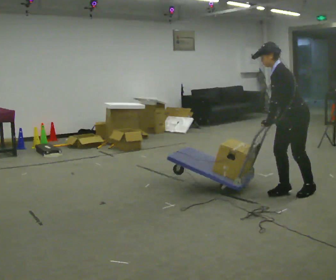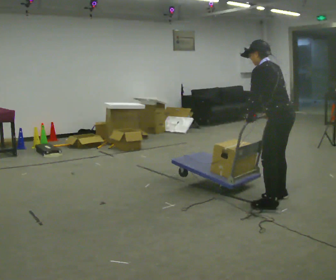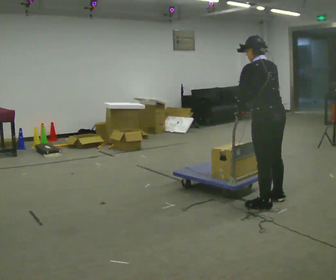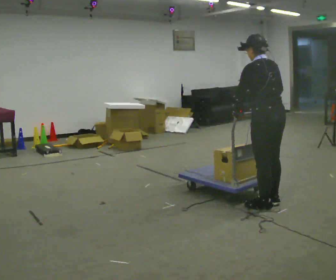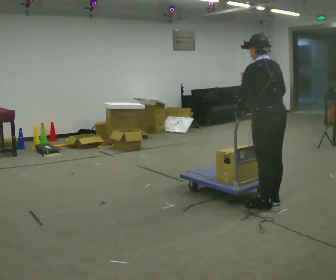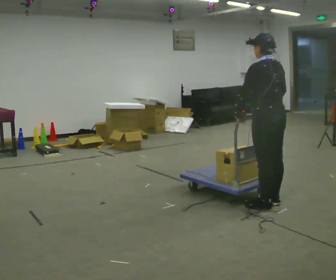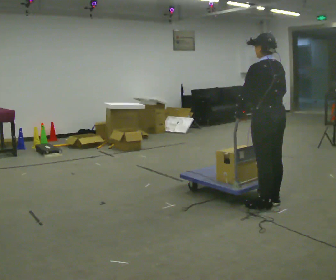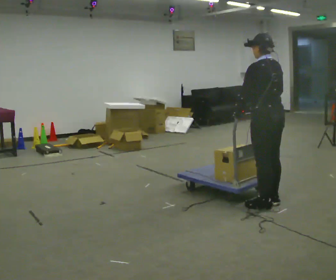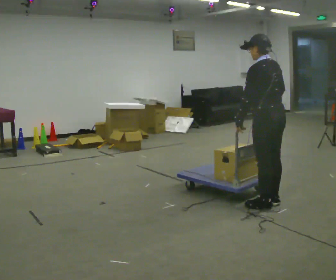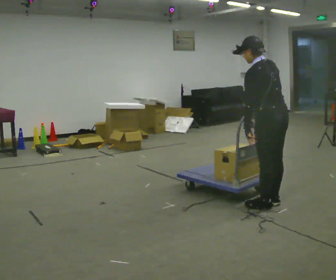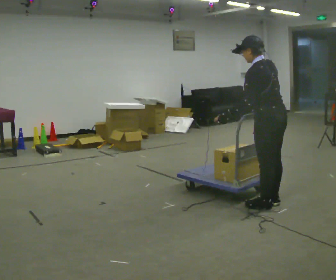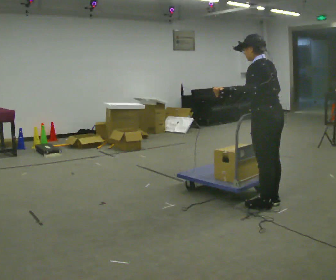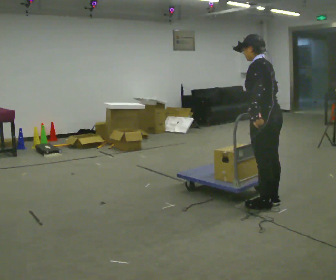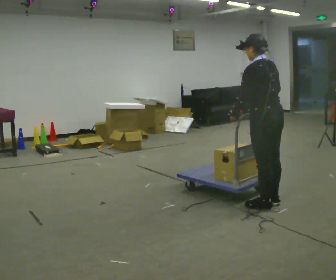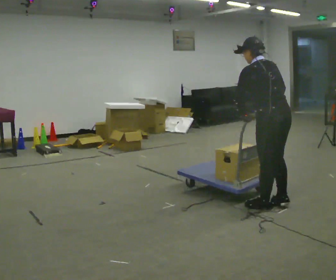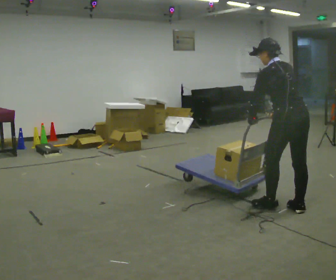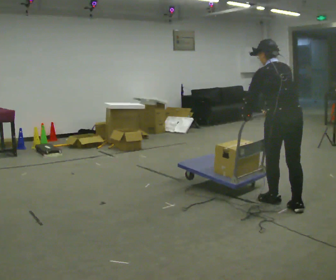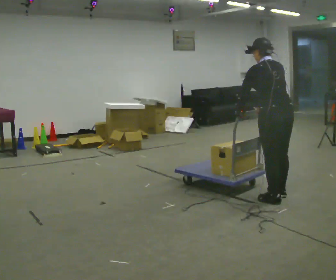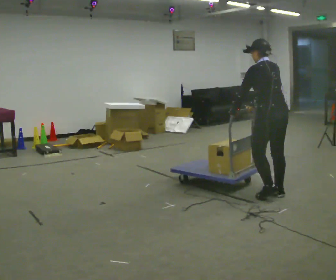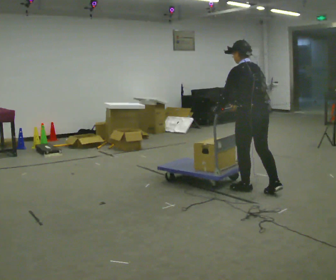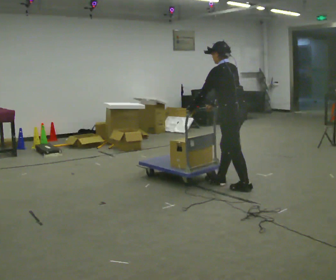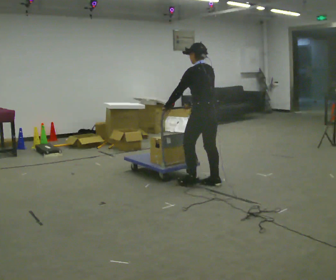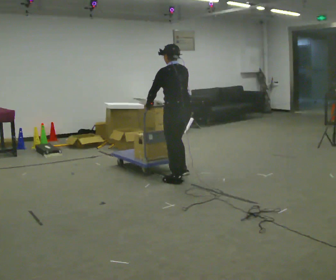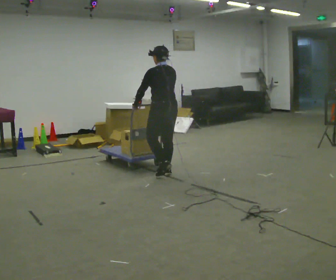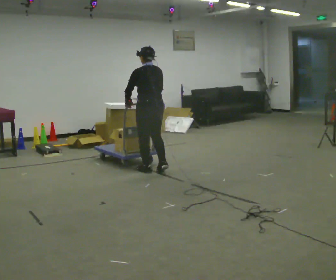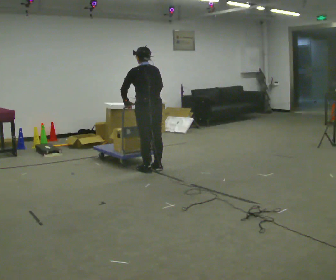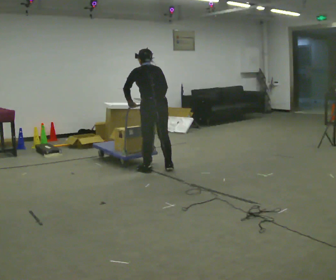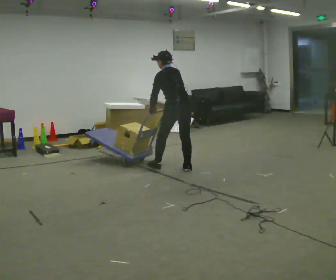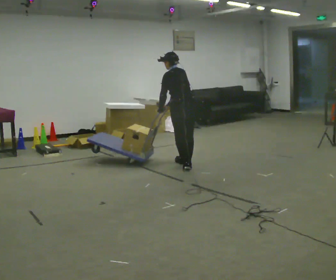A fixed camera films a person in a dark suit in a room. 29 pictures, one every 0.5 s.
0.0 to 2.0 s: The part of the body nearest the lens slides to the left as the person turns to their right by about 60 degrees. In the picture they go toward the camera and to the left, about 0.5 m in 3 steps, which for them is to their left. In the picture the upper body tilts clockwise, shoulders to the right, as they lean back or straighten.
2.0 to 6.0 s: The person moves a little, or ends about where they began.
6.0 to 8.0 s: The person turns about 30 degrees to their right, clockwise seen from above, so the part of the body nearest the lens slides to the left. In the picture they go to the right, about 0.25 m in 2 steps, which for them is to their right.
8.0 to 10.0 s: Seen from above the body turns counterclockwise, about 45 degrees: to their left, with its near side sliding to the right. In the picture they go to the left and away from the camera, about 0.5 m in 2 steps, which for them is forward.
10.0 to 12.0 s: In the picture they go to the left, about 1 m in 4 steps, which for them is forward.
12.0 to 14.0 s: In the picture they go away from the camera and to the right, about 0.5 m in 3 steps, which for them is to their right.
The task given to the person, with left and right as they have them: Stand still with your hands on the cart. When the operator says go, get it moving, push it a few metres, then bring it to a stop. Repeat until the operator says stop.
The film runs forward here.
